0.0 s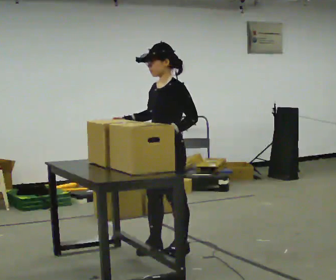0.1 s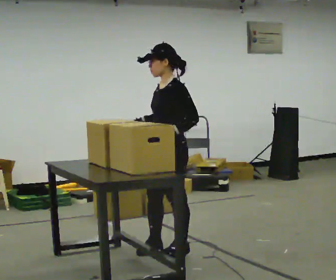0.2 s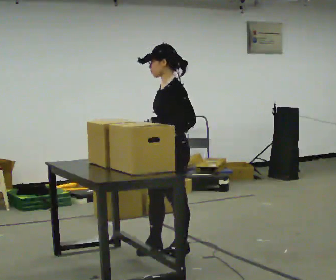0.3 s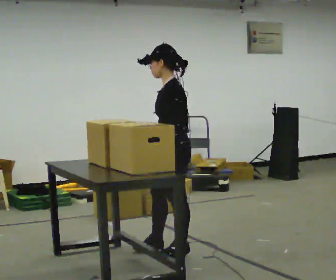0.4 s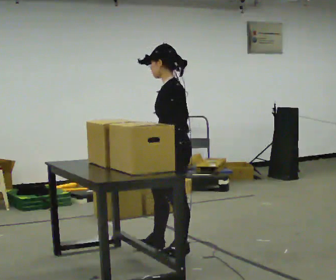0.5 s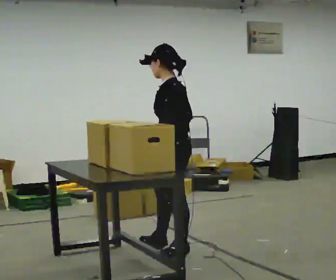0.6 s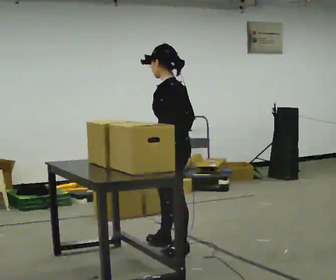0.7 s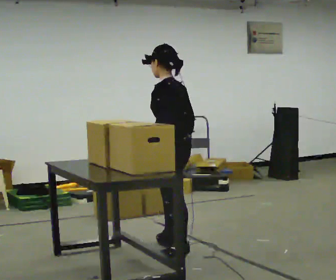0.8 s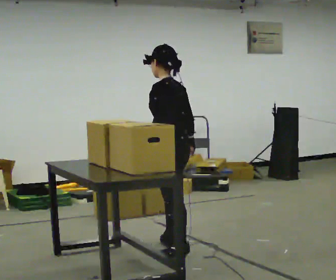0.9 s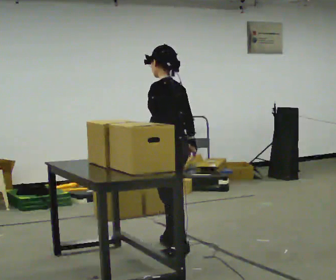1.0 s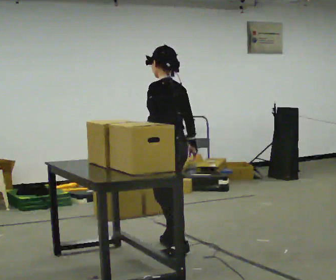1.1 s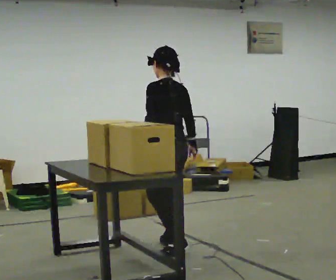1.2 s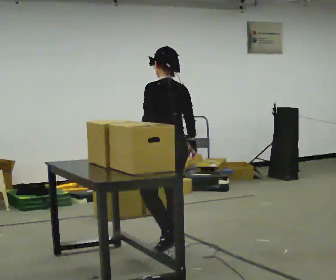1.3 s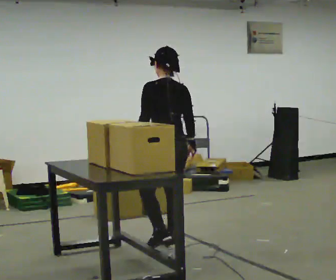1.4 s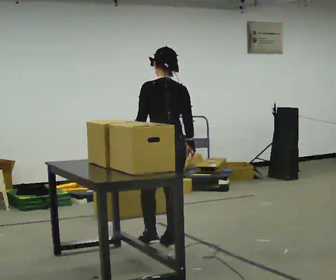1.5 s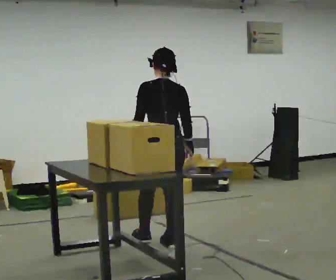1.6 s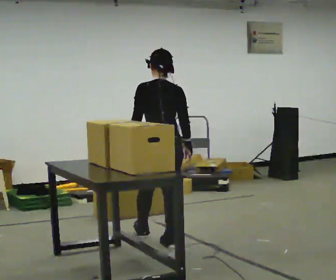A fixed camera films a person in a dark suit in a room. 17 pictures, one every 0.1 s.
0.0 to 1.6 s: The person turns about 90 degrees to their right, clockwise seen from above, so the part of the body nearest the lens slides to the left. In the picture they go away from the camera, about 0.25 m in 1 step.
The film runs forward here.
